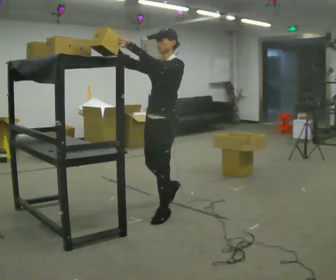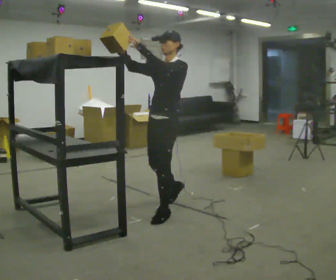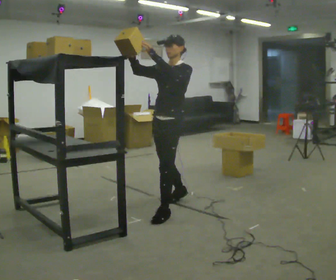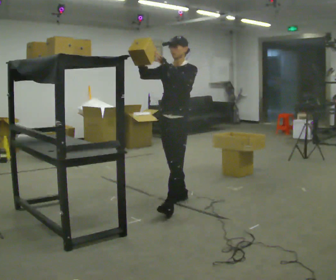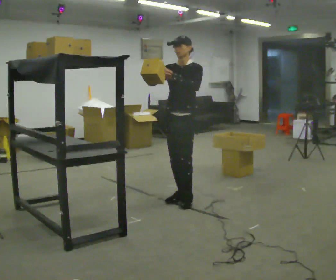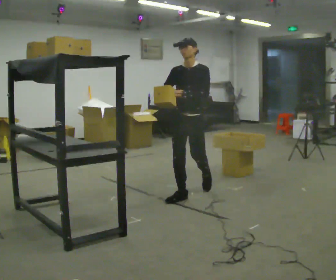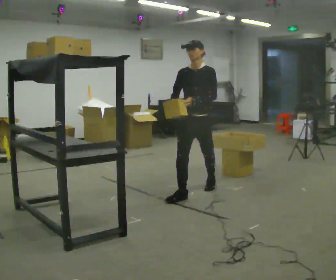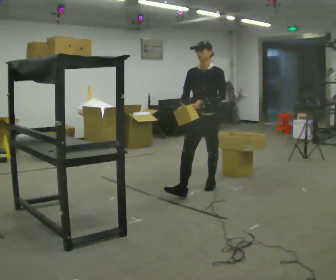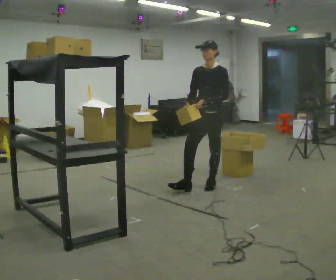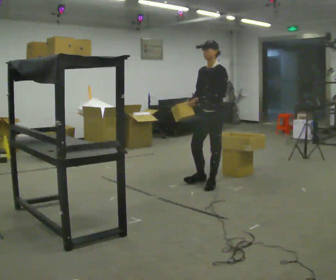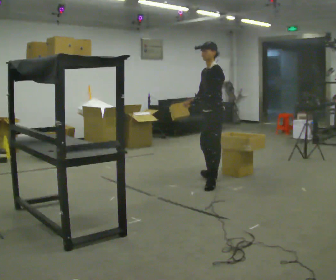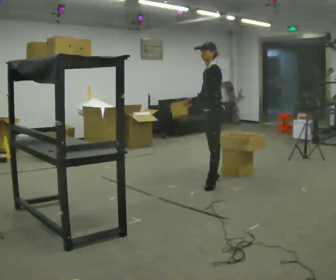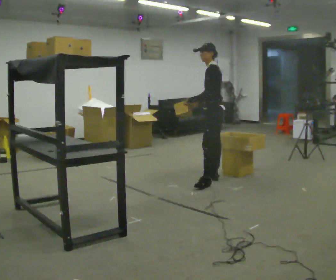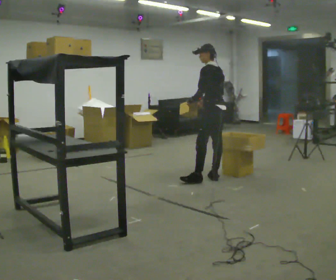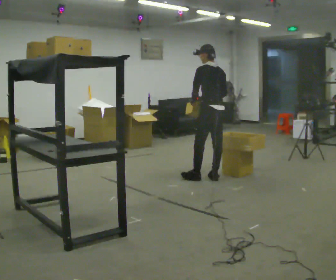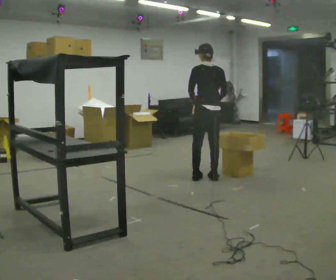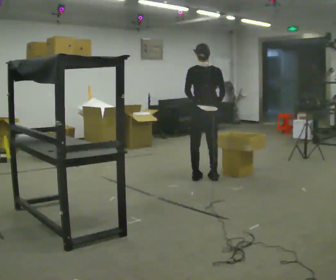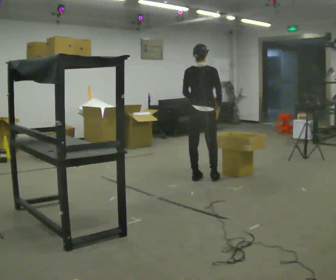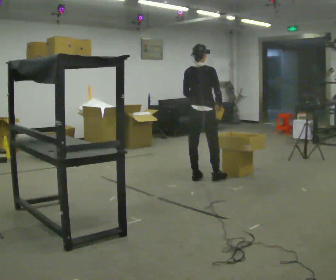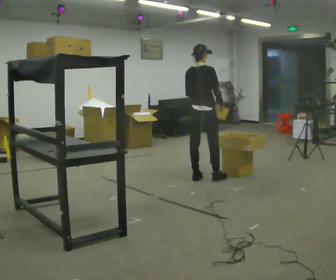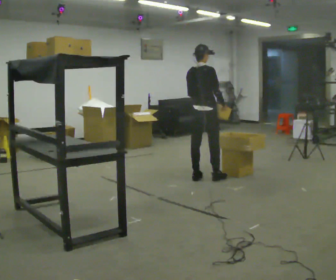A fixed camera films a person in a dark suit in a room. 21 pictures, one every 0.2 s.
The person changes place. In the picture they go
away from the camera.
Their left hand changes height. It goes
downward.
0.0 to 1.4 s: Seen from above the body turns counterclockwise, about 30 degrees: to their left, with its near side sliding to the right. In the picture they go away from the camera, about 1 m in 3 steps, which for them is backward. In the picture their right hand goes downward.
1.4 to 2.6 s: The person turns about 105 degrees to their right, clockwise seen from above, so the part of the body nearest the lens slides to the left. In the picture they go away from the camera, about 0.5 m in 1 step.
2.6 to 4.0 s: The person turns about 90 degrees to their right, clockwise seen from above, so the part of the body nearest the lens slides to the left. In the picture they go to the left, about 0.25 m.
The film runs backward here.
